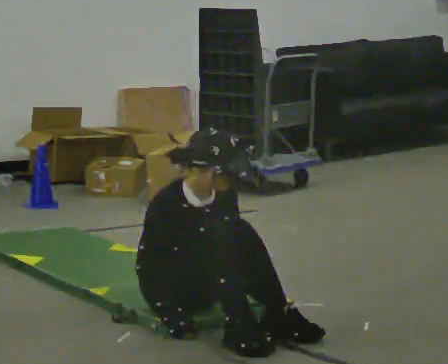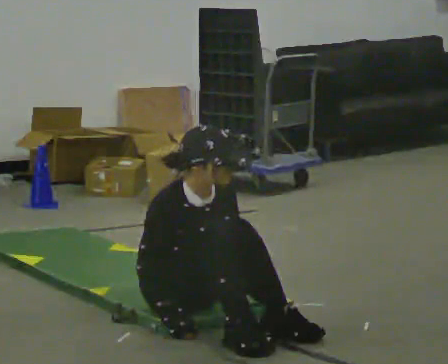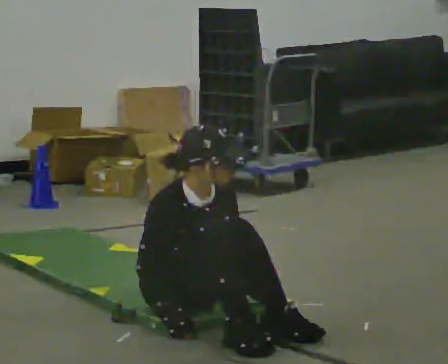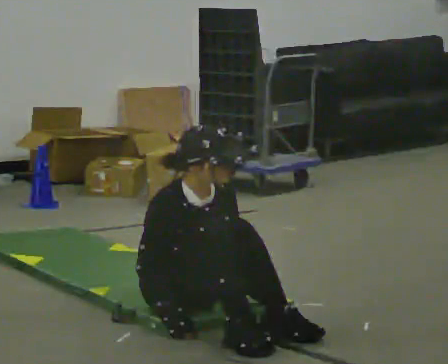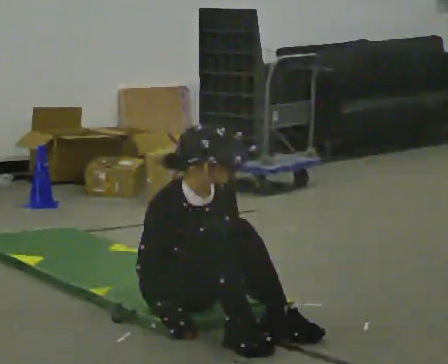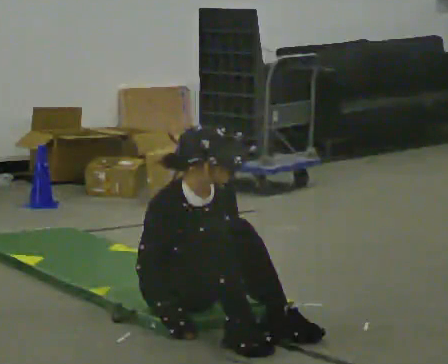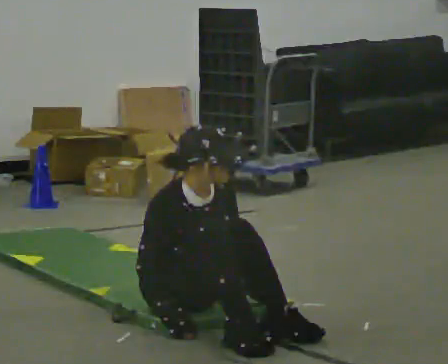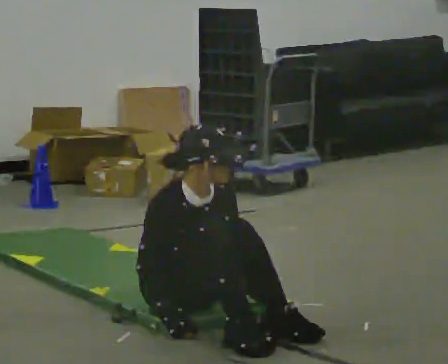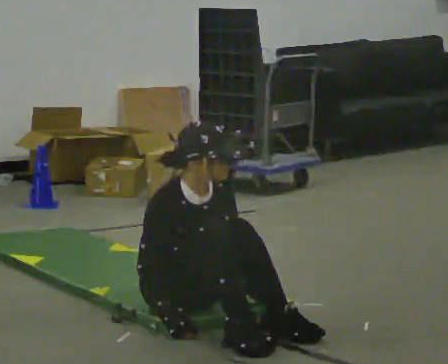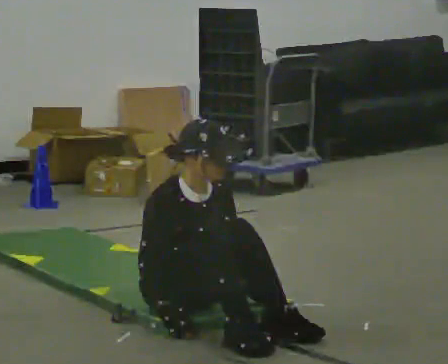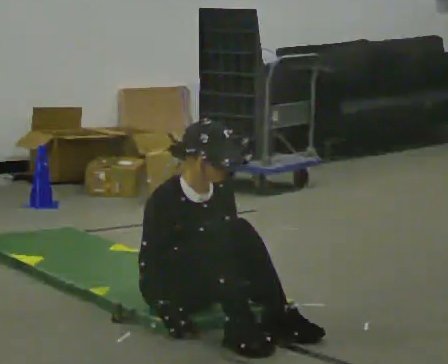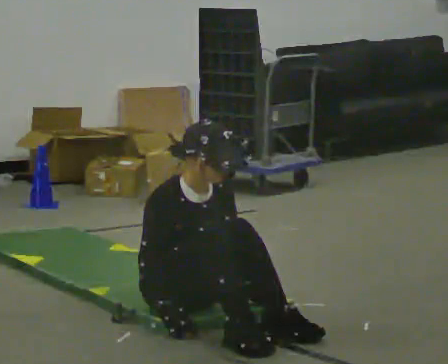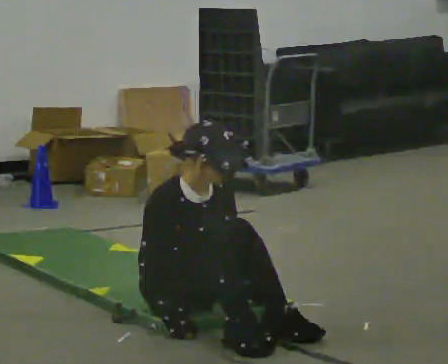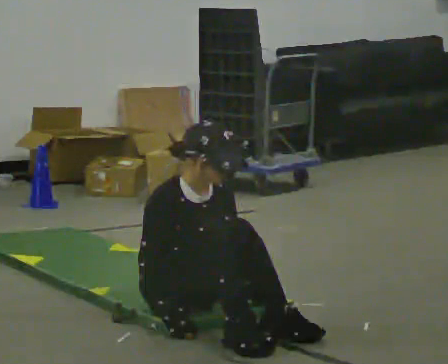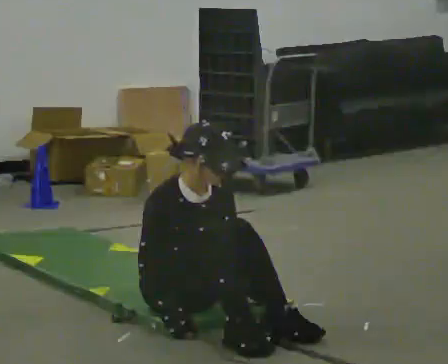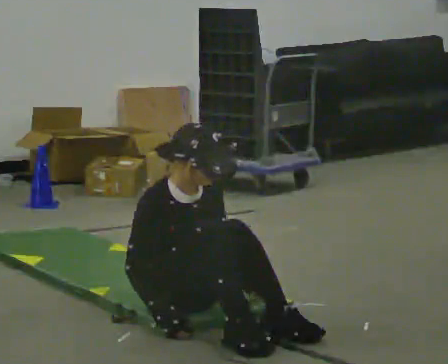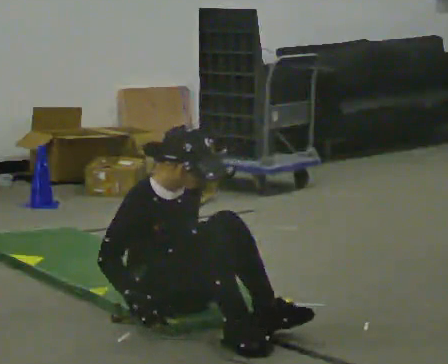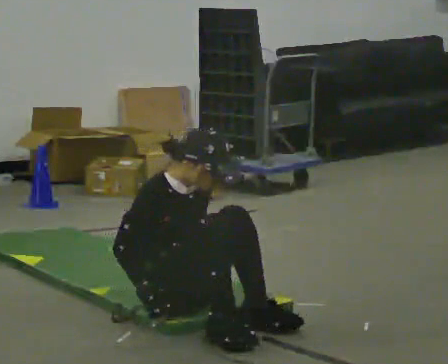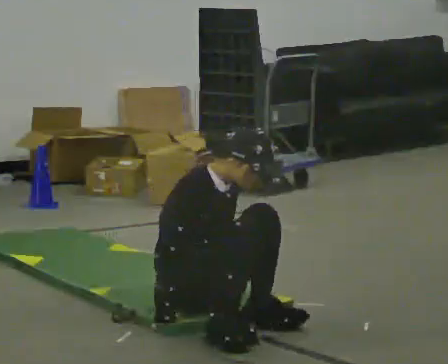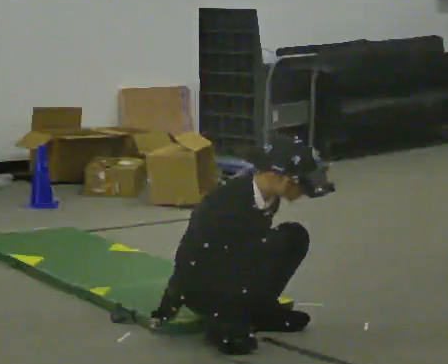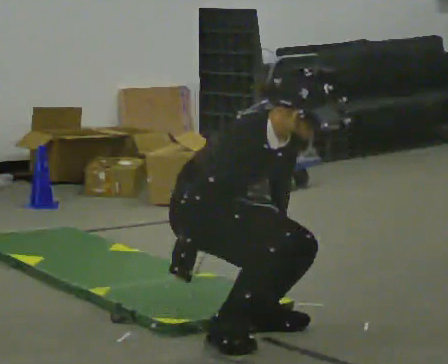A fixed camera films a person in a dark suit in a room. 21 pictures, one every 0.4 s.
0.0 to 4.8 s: The person keeps their place and pose.
4.8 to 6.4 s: In the picture the upper body tilts counterclockwise, shoulders to the left.
6.4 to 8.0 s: In the picture they go toward the camera, about 0.25 m, which for them is forward. The upper body goes upward. In the picture the upper body tilts clockwise, shoulders to the right, as they bend forward.
The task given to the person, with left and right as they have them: From standing, sit down on the floor, then stand back up in whatever way is natural. Repeat the movement at your own pace until the operator says stop; do not rush.
The film runs forward here.
